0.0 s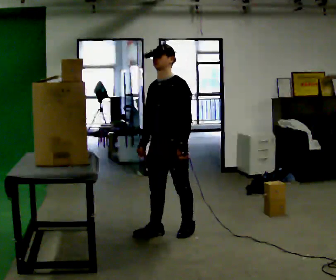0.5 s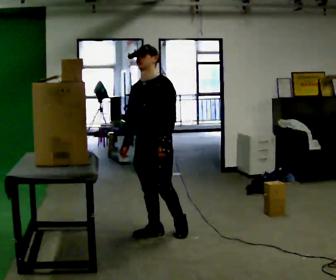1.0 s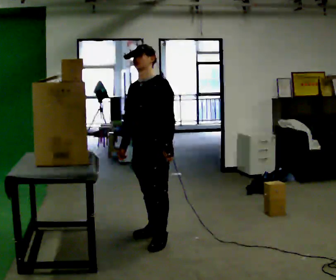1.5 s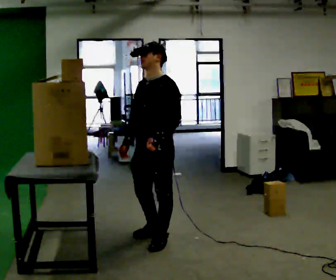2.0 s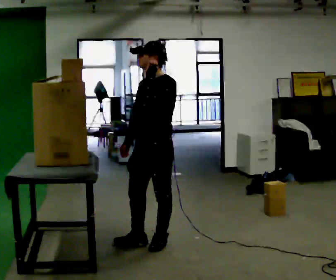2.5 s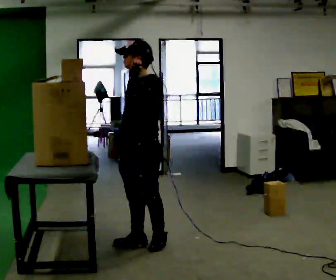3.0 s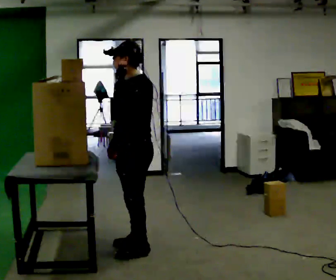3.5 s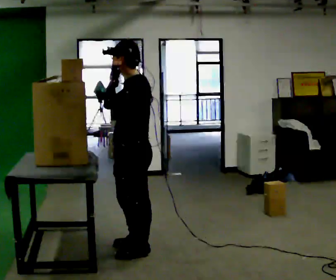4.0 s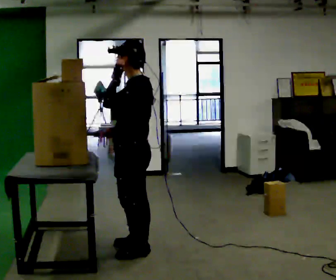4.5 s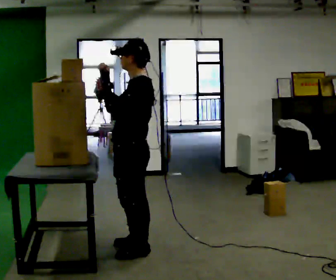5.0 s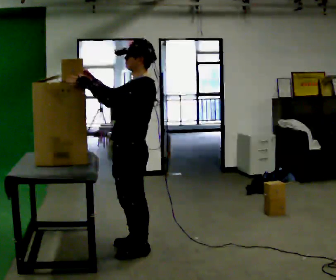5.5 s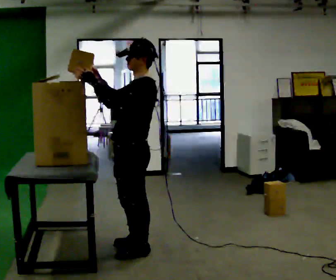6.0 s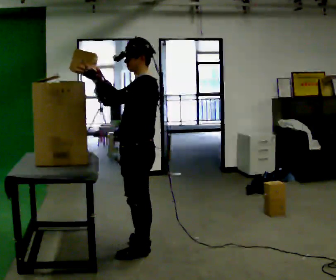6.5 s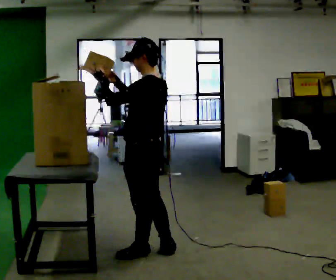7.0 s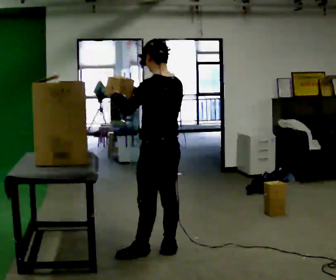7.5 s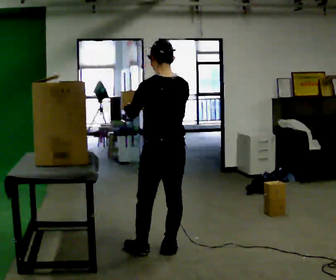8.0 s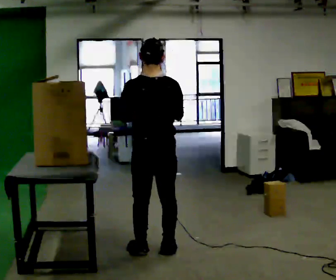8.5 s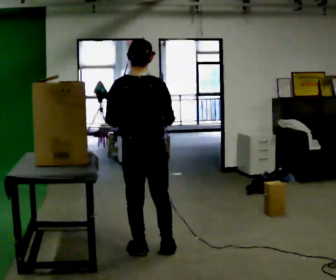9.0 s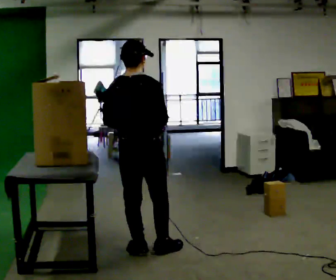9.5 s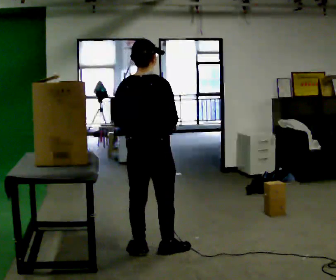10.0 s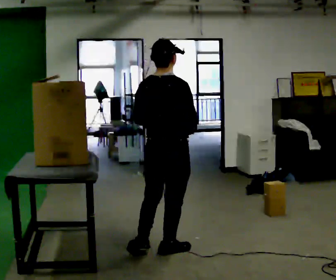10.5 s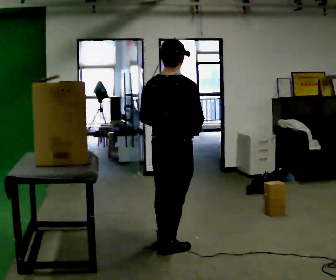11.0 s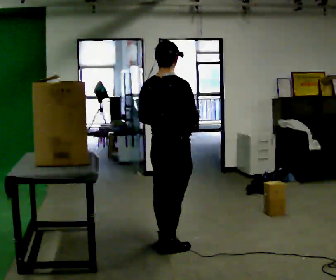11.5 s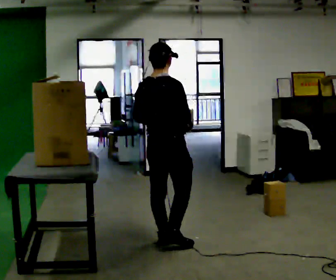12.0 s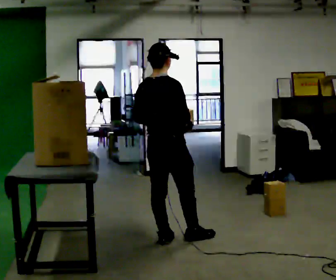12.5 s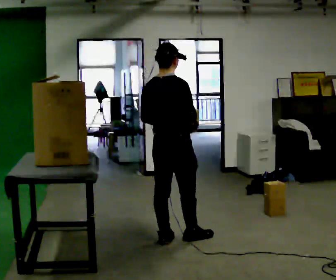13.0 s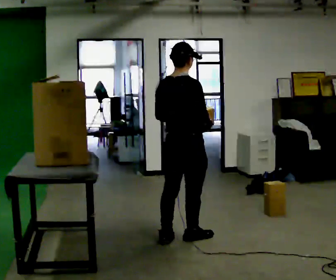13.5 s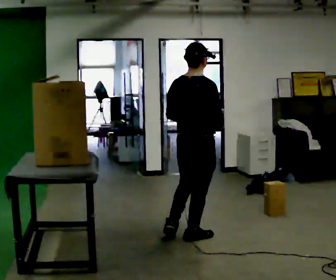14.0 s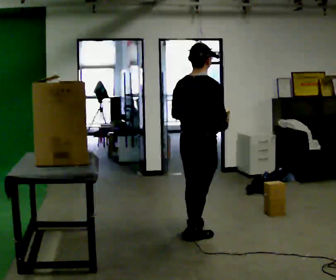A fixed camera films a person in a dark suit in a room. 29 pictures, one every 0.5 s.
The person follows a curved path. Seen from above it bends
clockwise.
The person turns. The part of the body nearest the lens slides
to the left.
0.0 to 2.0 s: In the picture they go toward the camera, about 0.25 m in 2 steps, which for them is forward. In the picture their left hand goes upward.
2.0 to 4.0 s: The part of the body nearest the lens slides to the left as the person turns to their right by about 45 degrees. In the picture they go toward the camera and to the left, about 0.25 m in 1 step, which for them is forward and to their left.
4.0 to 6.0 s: In the picture their right hand goes upward.
6.0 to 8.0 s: Seen from above the body turns clockwise, about 75 degrees: to their right, with its near side sliding to the left. In the picture their right hand goes to the right and downward.
8.0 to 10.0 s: The part of the body nearest the lens slides to the left as the person turns to their right by about 45 degrees.
10.0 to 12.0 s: In the picture they go away from the camera, about 0.25 m in 2 steps, which for them is forward and to their left.
12.0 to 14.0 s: In the picture they go to the right, about 0.25 m in 1 step, which for them is forward and to their right.
The film runs forward here.
